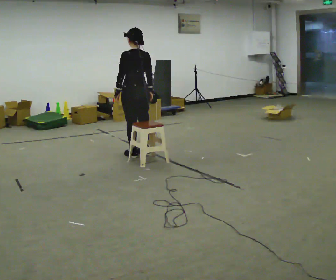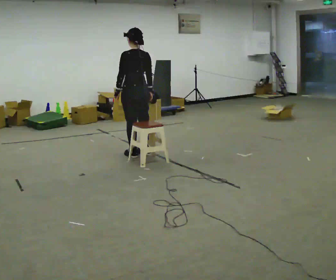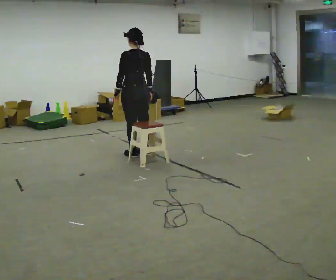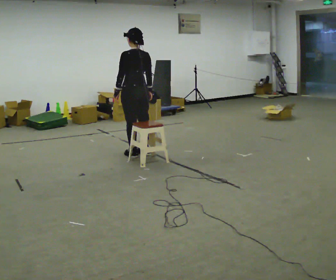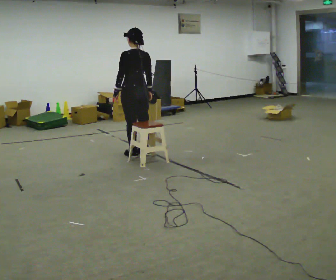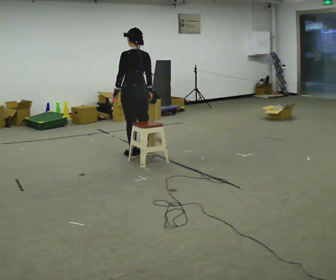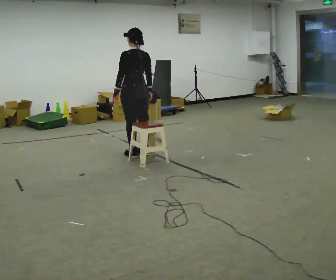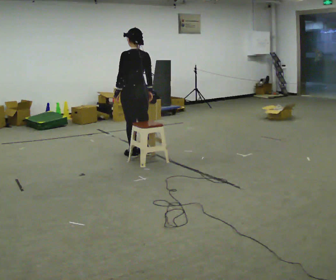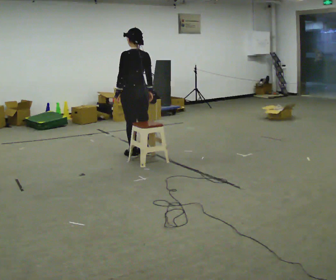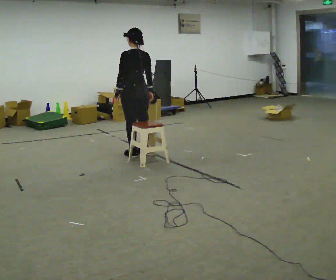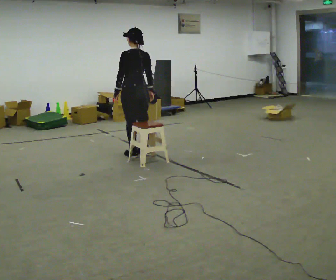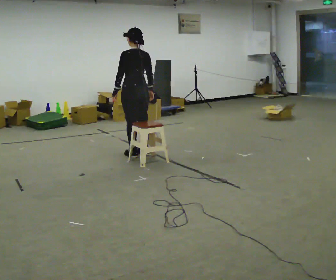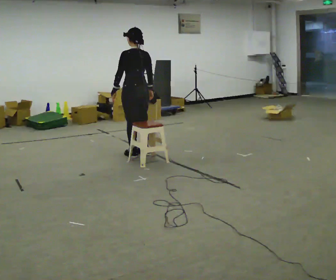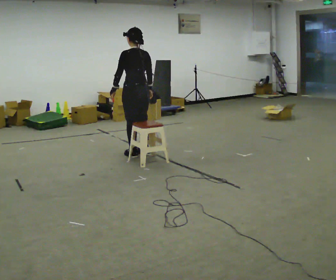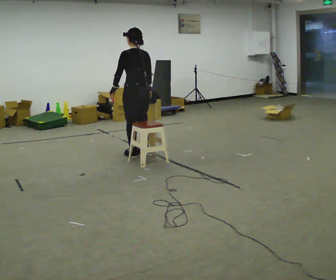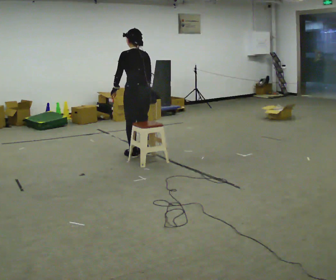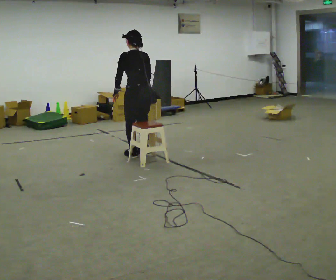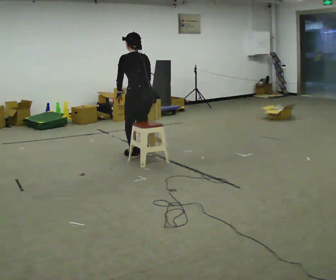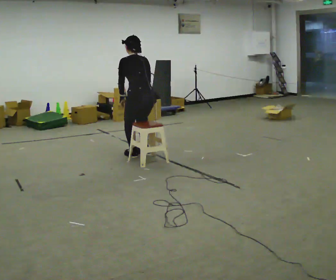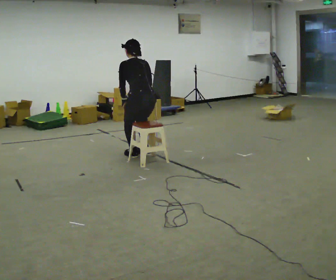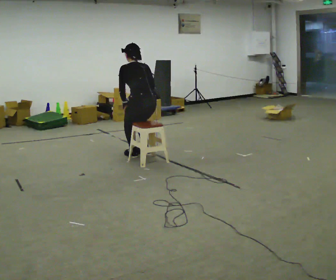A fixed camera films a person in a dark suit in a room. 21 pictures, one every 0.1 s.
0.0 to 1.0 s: The person moves a little, or ends about where they began.
1.0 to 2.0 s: In the picture they go toward the camera, about 0.25 m, which for them is backward. The upper body goes downward. The upper body tips away from the camera, its near side rolling upward, as they bend forward.
The film runs backward here.
